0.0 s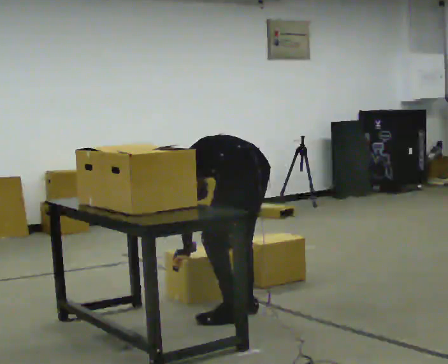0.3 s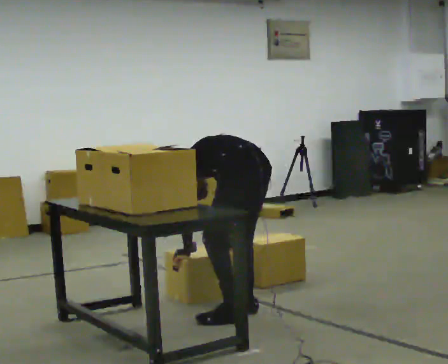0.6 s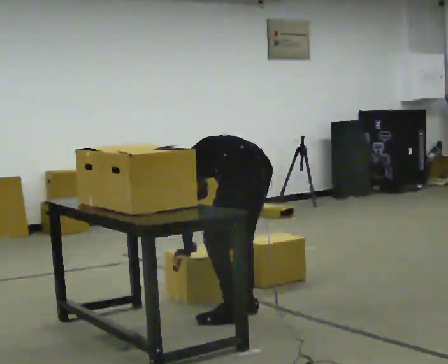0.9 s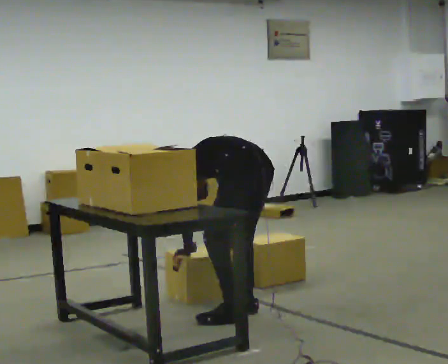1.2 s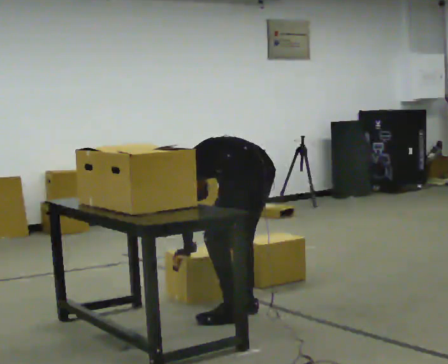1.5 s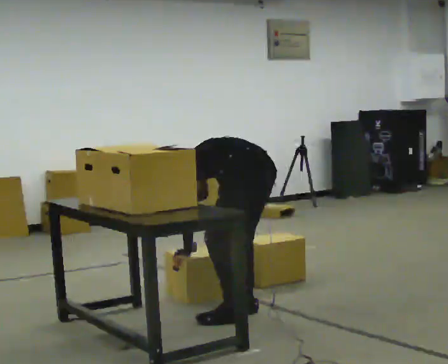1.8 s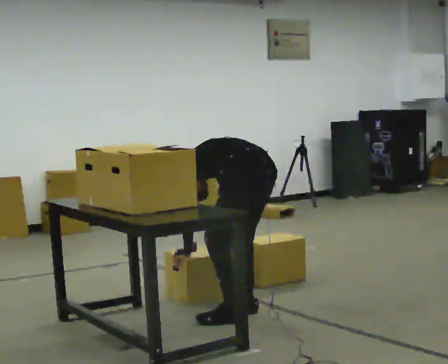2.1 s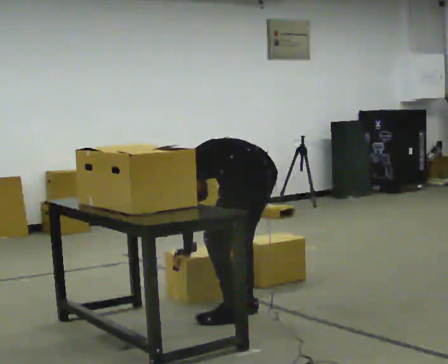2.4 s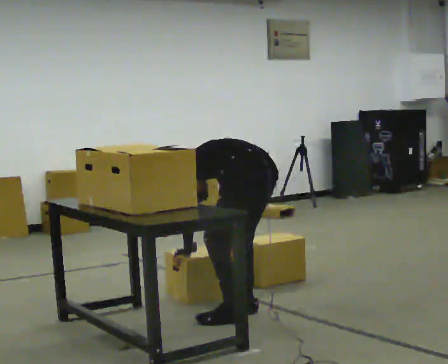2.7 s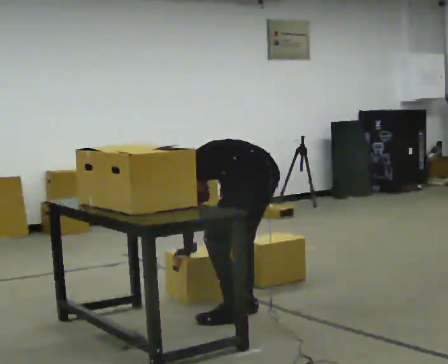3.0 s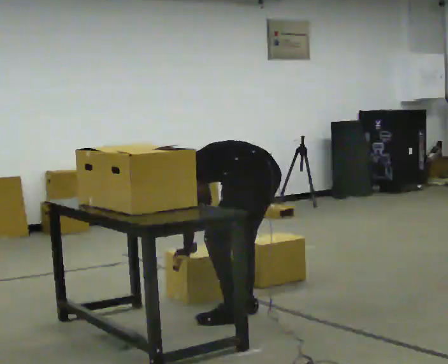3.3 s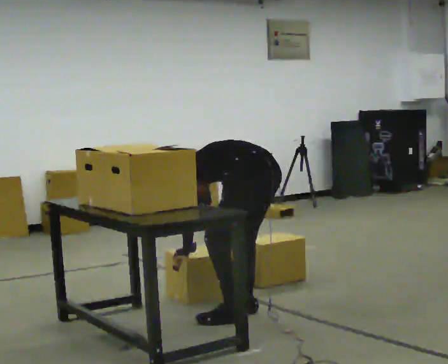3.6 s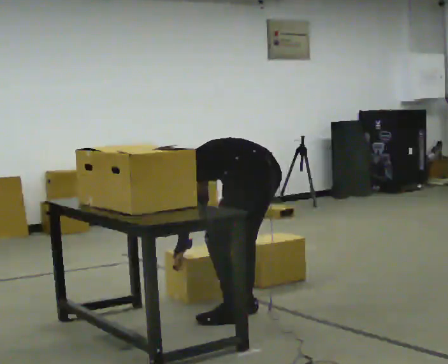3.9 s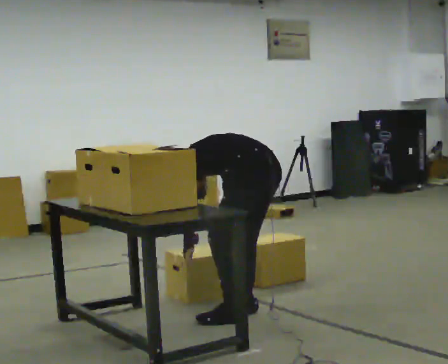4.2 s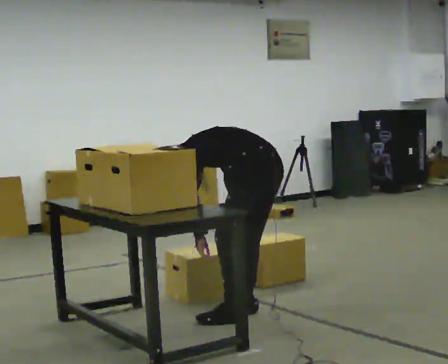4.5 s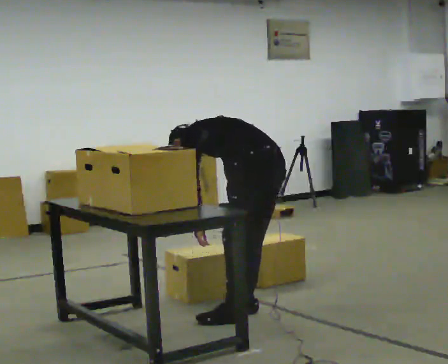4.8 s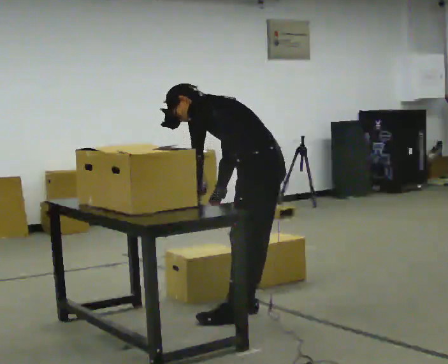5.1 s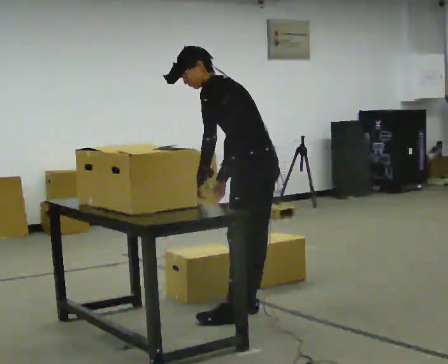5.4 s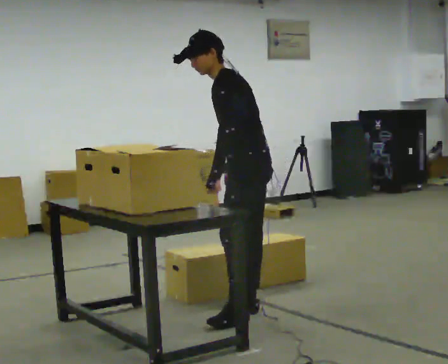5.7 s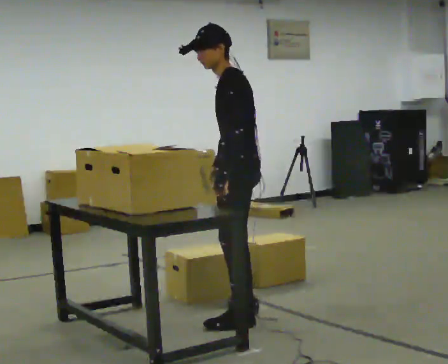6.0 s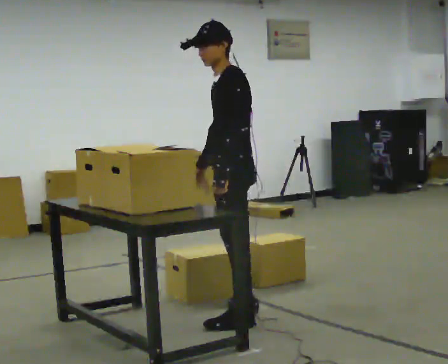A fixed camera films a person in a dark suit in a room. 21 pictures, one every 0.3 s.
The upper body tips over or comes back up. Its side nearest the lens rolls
downward.
Their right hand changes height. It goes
upward.
0.0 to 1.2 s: The person moves a little, or ends about where they began.
1.2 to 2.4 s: The person keeps their place and pose.
2.4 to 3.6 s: The person moves a little, or ends about where they began.
3.6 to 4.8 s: The shoulders move upward. The upper body tips toward the camera, its near side rolling downward, as they lean back or straighten. In the picture their right hand goes upward.
4.8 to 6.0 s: The person turns about 30 degrees to their left, counterclockwise seen from above, so the part of the body nearest the lens slides to the right. In the picture the upper body tilts clockwise, shoulders to the right, as they lean back or straighten.
The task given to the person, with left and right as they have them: Carry the fragile object across the room and set it down as gently as you can. Keep going until the operator says stop; one object at a time, and do not rush between trips.
The film runs forward here.
